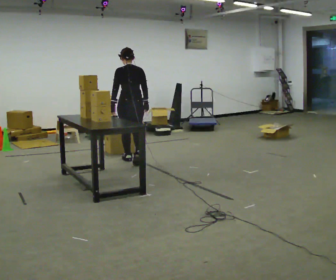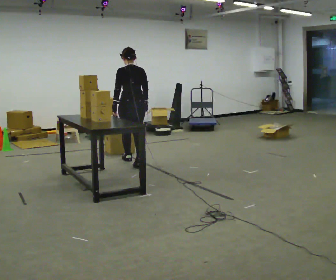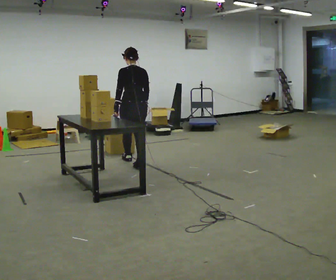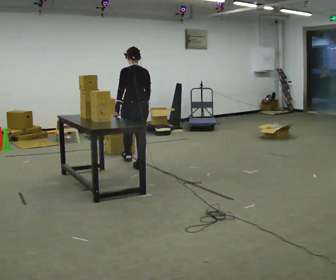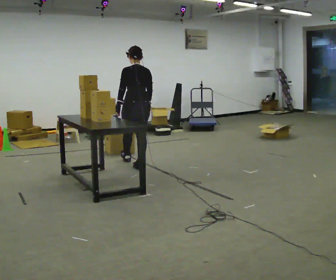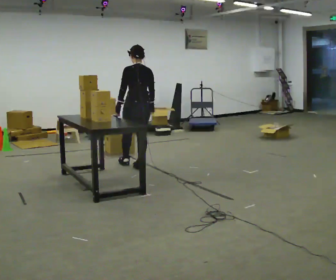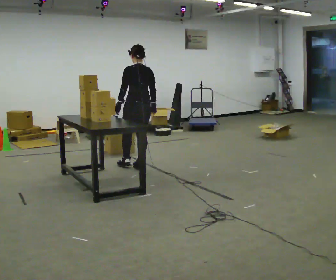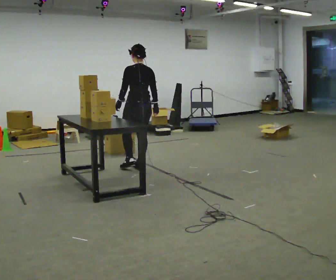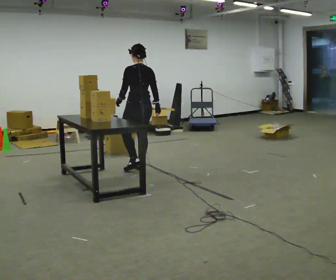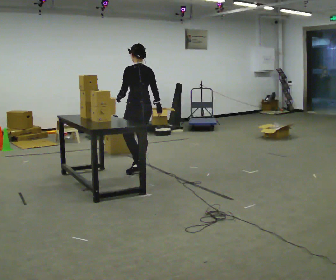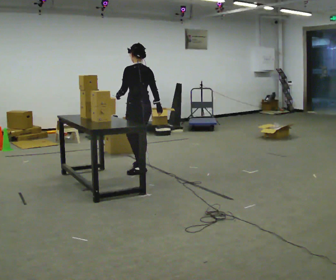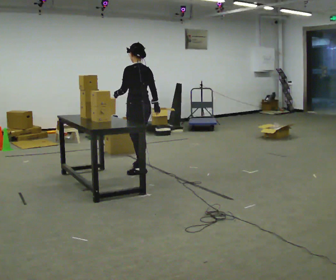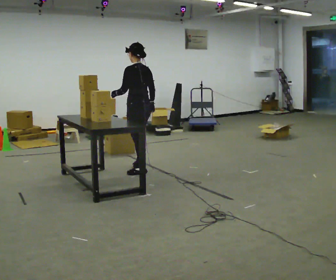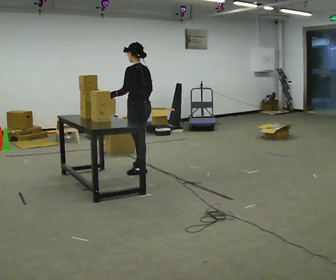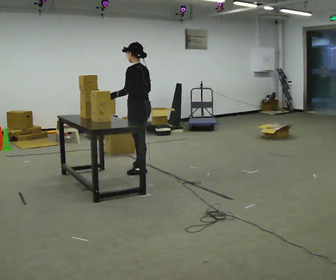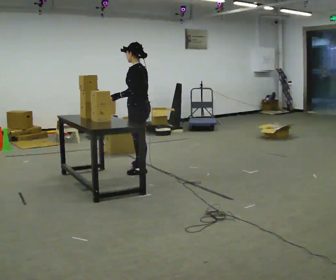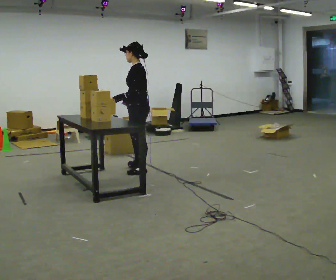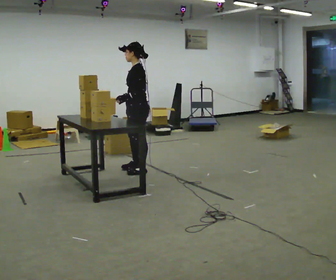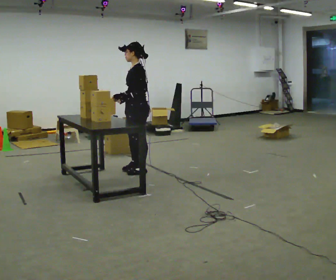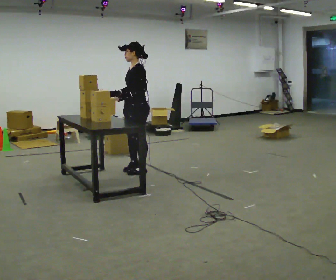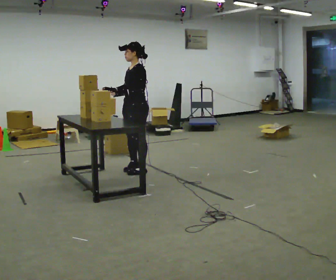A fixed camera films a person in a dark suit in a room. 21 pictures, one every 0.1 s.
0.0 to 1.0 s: The person turns about 45 degrees to their left, counterclockwise seen from above, so the part of the body nearest the lens slides to the right. In the picture they go toward the camera, about 0.5 m in 1 step, which for them is backward.
1.0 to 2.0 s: Seen from above the body turns counterclockwise, about 75 degrees: to their left, with its near side sliding to the right. In the picture their right hand goes to the left, the arm swinging clockwise.
The film runs backward here.
